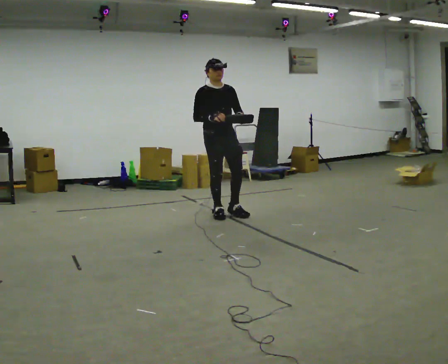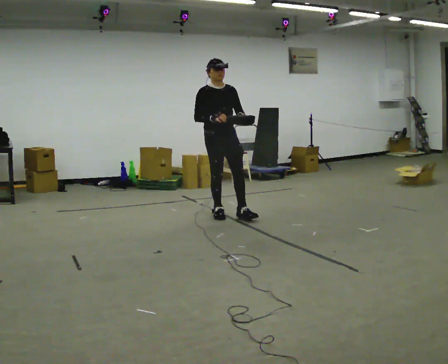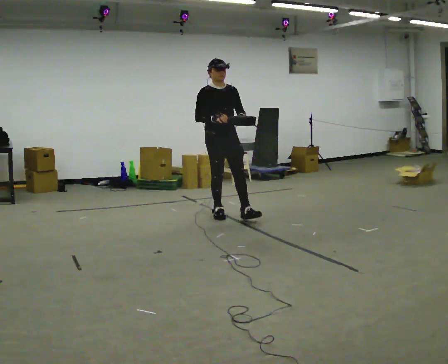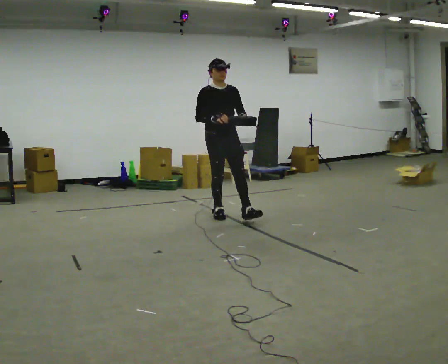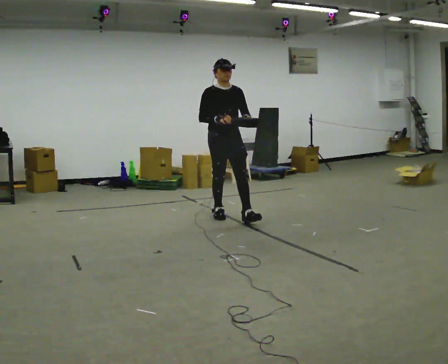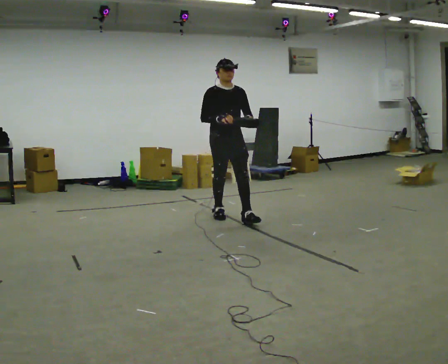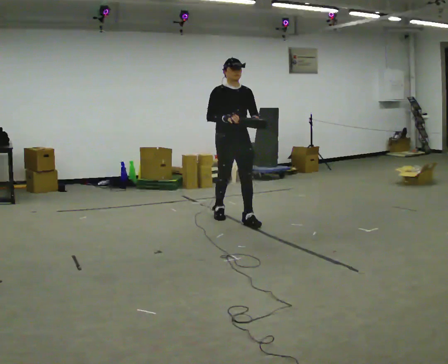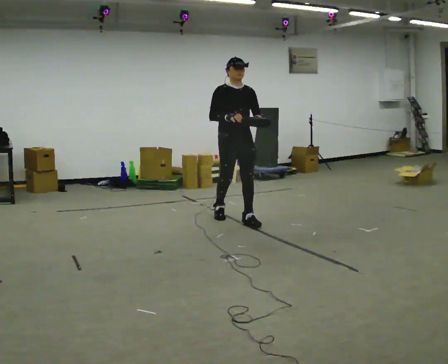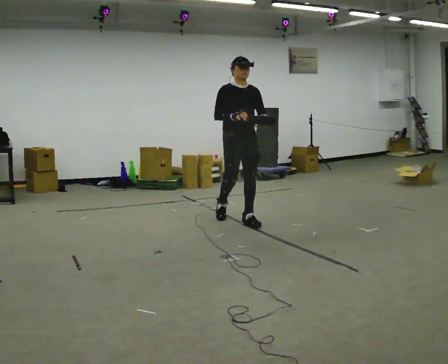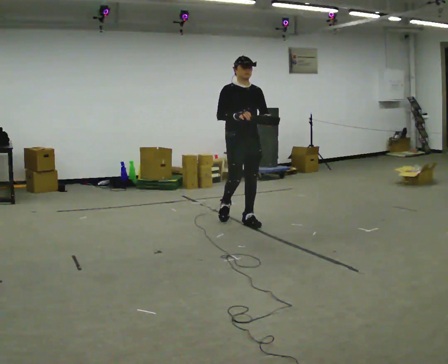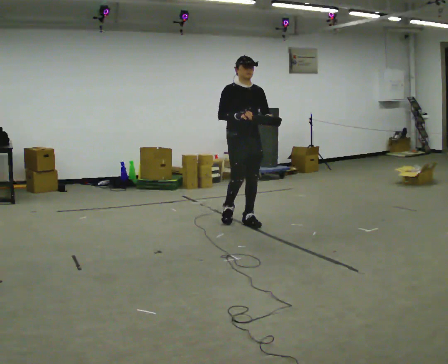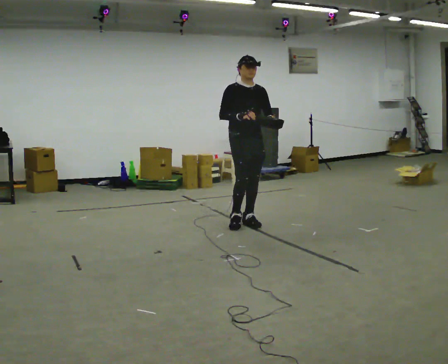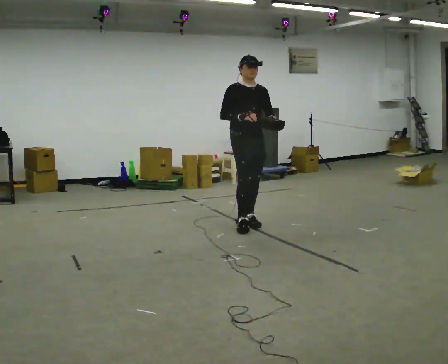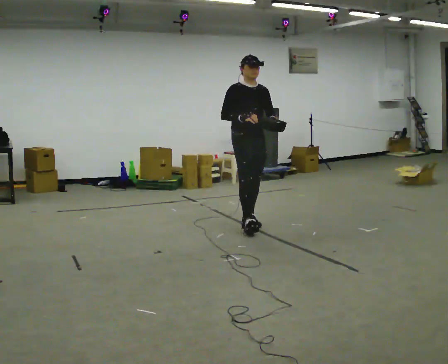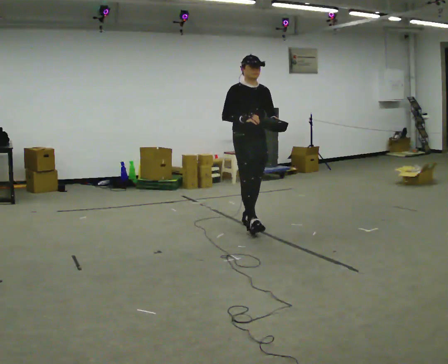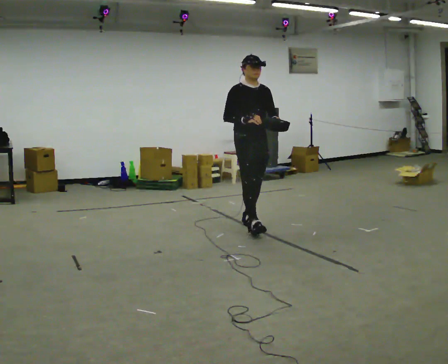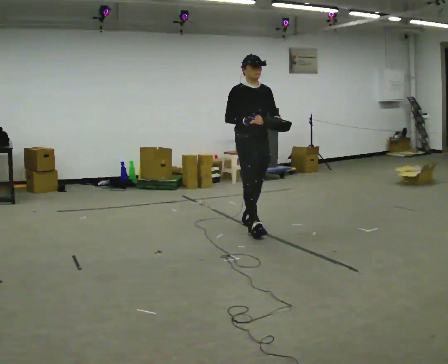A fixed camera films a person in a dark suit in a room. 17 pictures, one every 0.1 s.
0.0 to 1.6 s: In the picture they go toward the camera and to the right, about 0.5 m in 2 steps, which for them is forward.
The film runs forward here.
